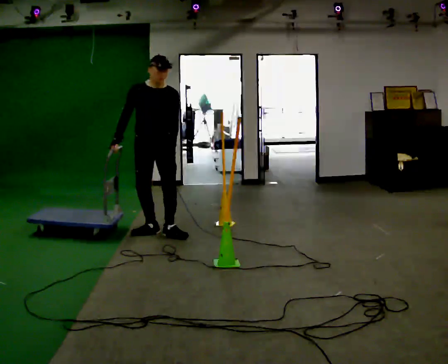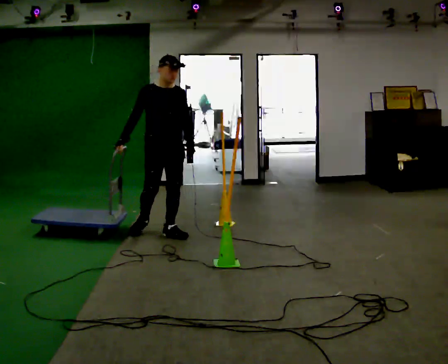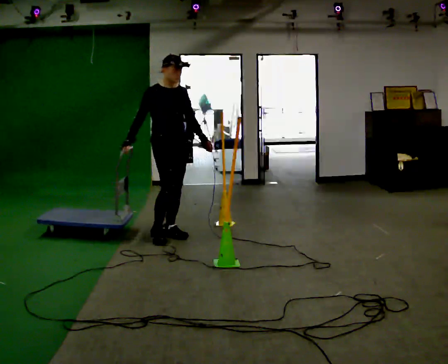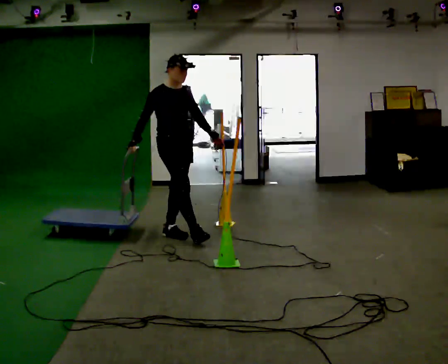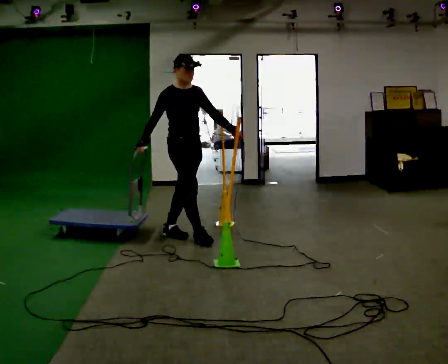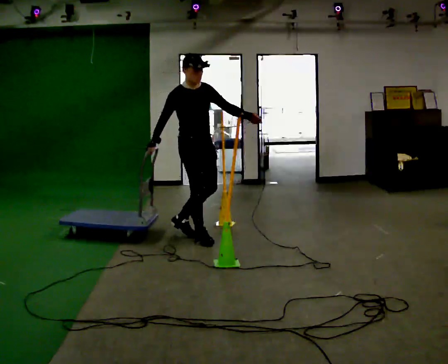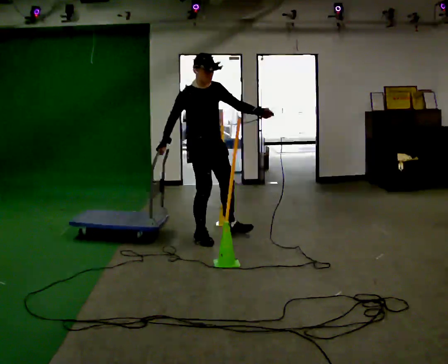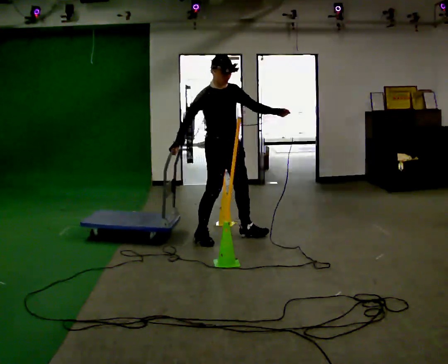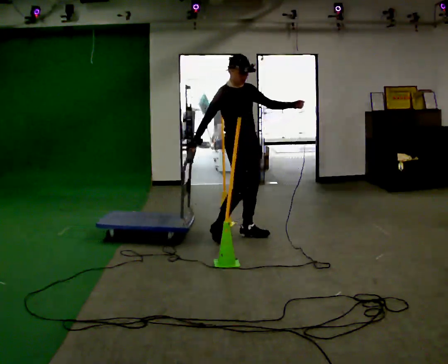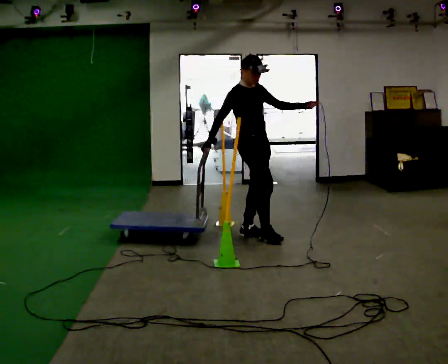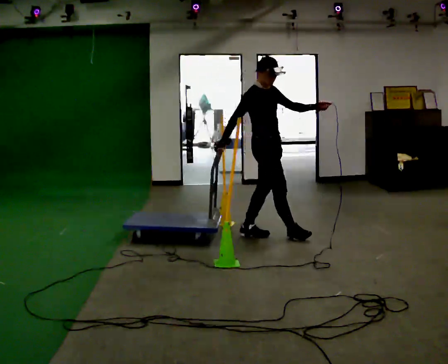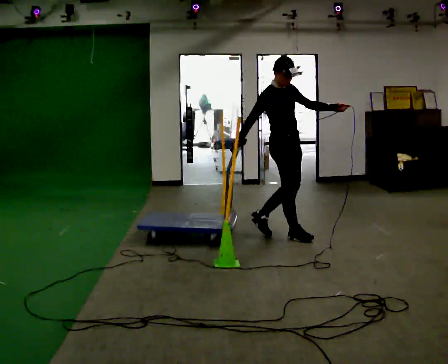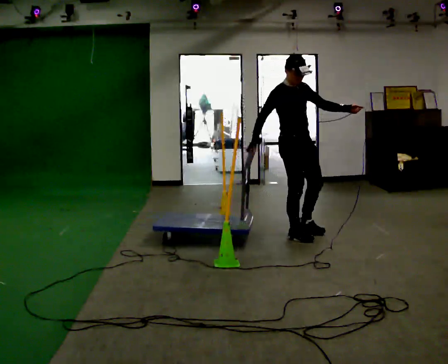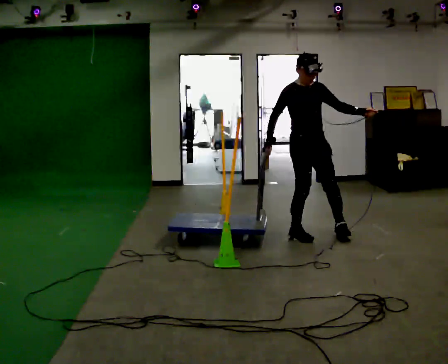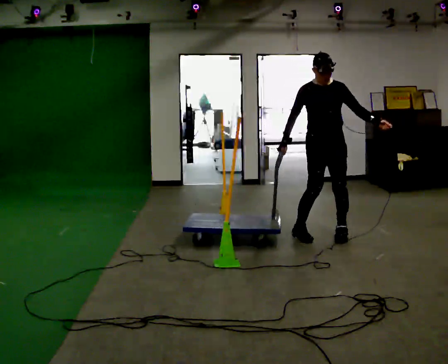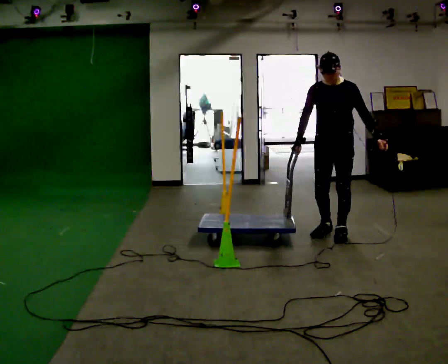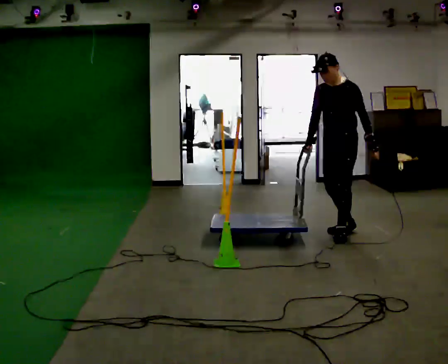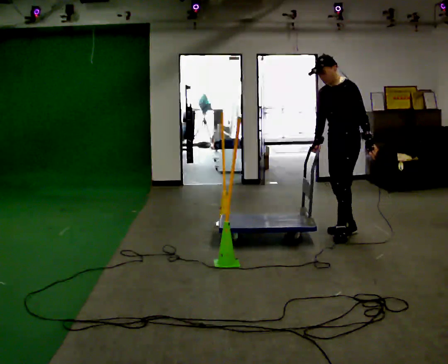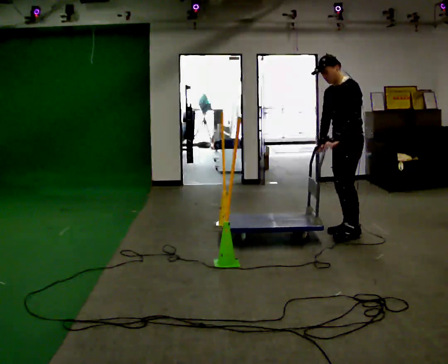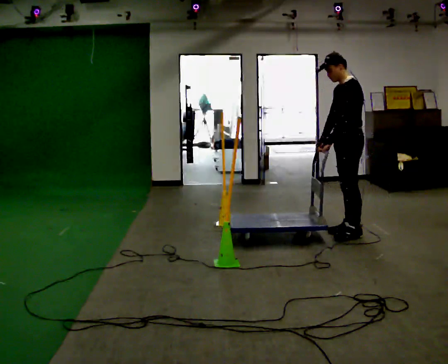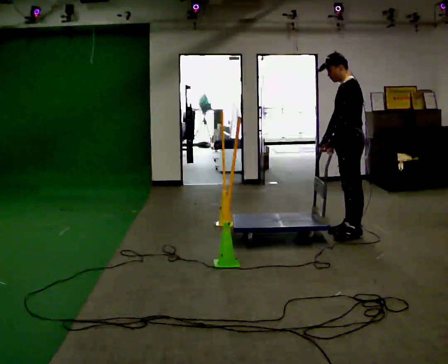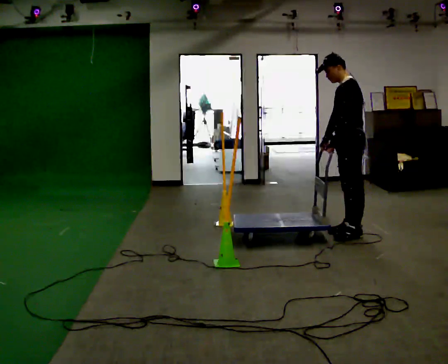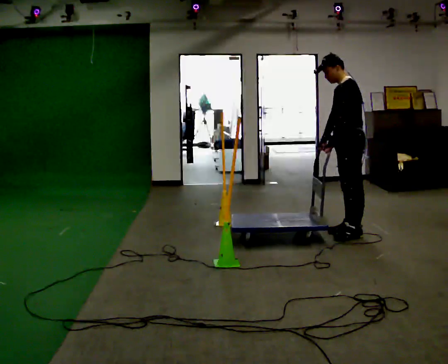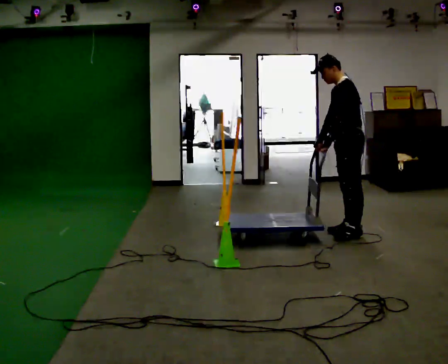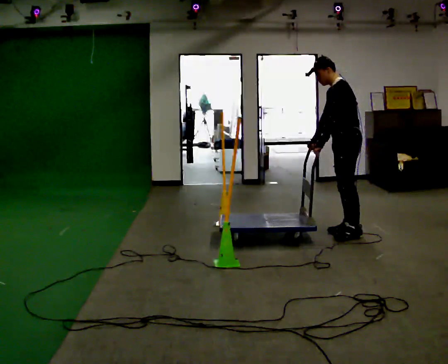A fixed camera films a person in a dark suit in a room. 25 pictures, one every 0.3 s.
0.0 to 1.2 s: Seen from above the body turns counterclockwise, about 45 degrees: to their left, with its near side sliding to the right. In the picture they go to the right, about 0.25 m in 1 step, which for them is forward.
1.2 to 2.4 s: In the picture they go to the right, about 0.5 m in 1 step, which for them is to their left and forward.
2.4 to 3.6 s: In the picture they go to the right, about 0.5 m in 1 step, which for them is forward.
3.6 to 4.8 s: The part of the body nearest the lens slides to the left as the person turns to their right by about 105 degrees. In the picture they go to the right, about 0.5 m in 2 steps.
4.8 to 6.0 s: The person turns about 45 degrees to their right, clockwise seen from above, so the part of the body nearest the lens slides to the left. In the picture their left hand goes to the left, the arm swinging clockwise.
6.0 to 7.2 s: The person moves a little, or ends about where they began.
The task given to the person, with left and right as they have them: Push the cart in and out of the line of poles without touching any of them. Keep going until the operator says stop.
The film runs forward here.
